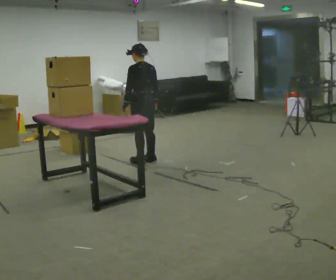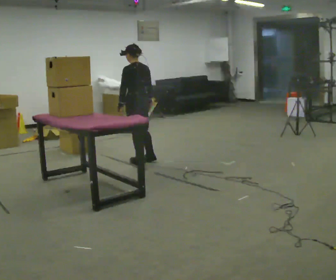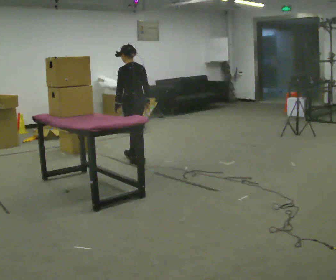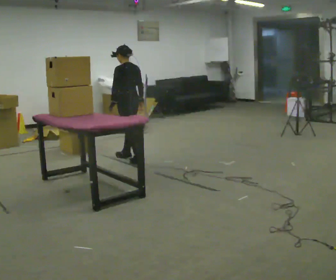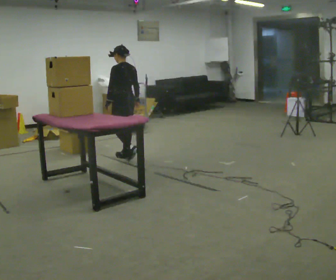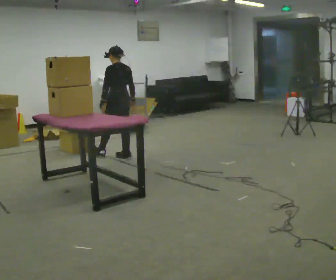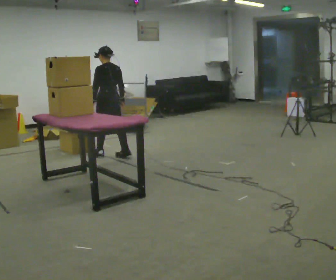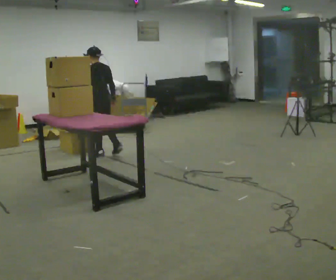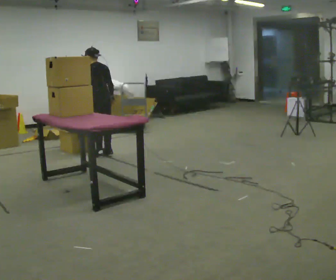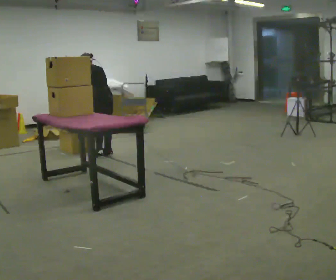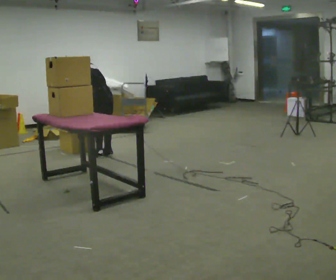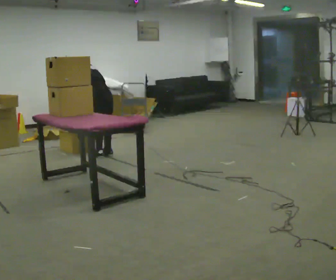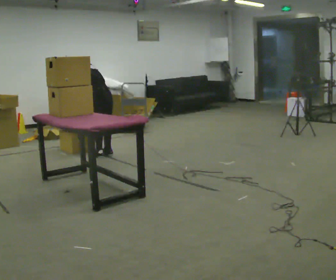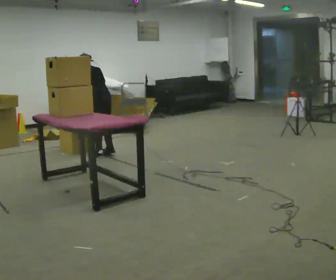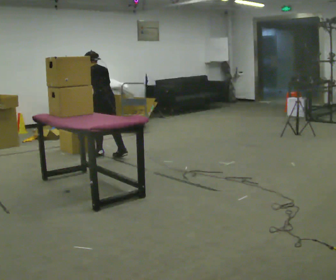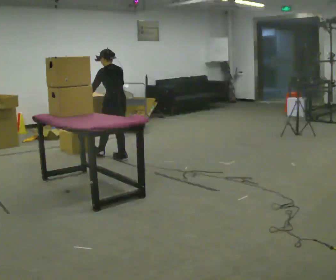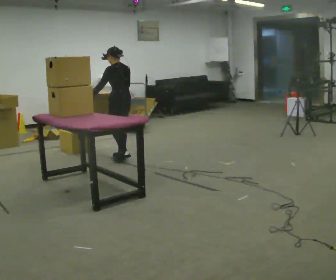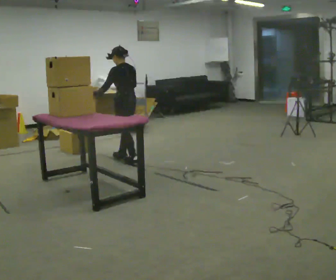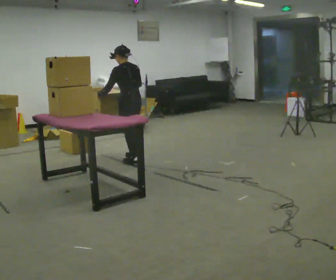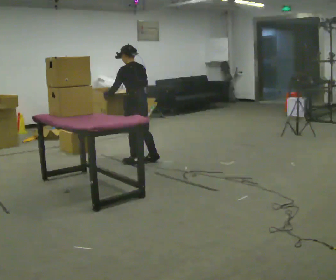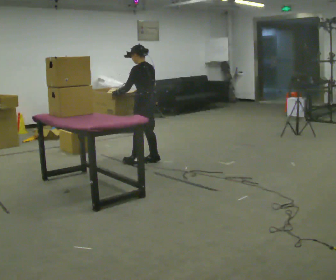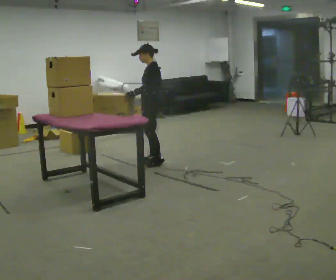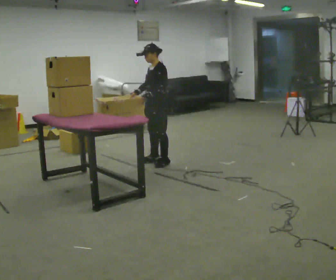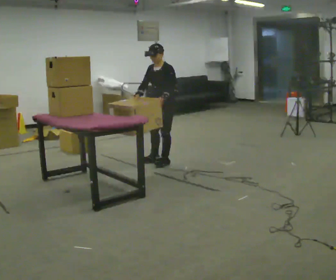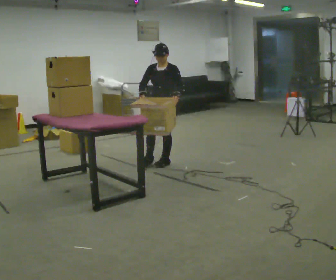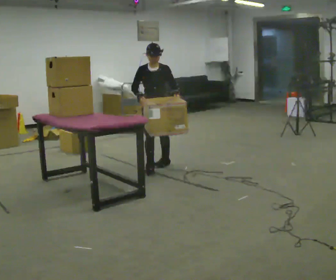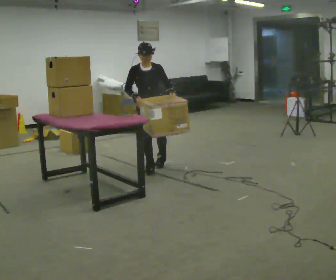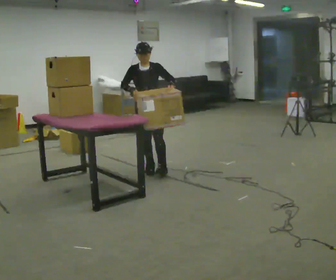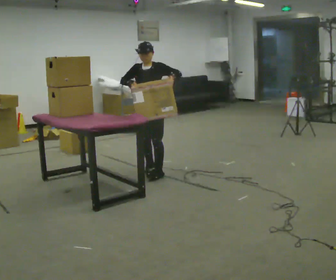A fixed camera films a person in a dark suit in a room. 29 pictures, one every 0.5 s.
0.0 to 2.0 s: In the picture they go away from the camera and to the left, about 0.25 m in 1 step, which for them is forward.
2.0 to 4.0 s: In the picture they go to the left and away from the camera, about 0.25 m in 2 steps, which for them is forward and to their left.
4.0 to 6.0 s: The upper body tips away from the camera, its near side rolling upward, as they bend forward.
6.0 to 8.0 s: In the picture they go to the right and toward the camera, about 0.25 m in 1 step, which for them is backward. In the picture the upper body tilts clockwise, shoulders to the right, as they lean back or straighten.
8.0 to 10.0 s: In the picture they go to the right and toward the camera, about 0.5 m in 2 steps, which for them is backward.
10.0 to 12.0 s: The part of the body nearest the lens slides to the right as the person turns to their left by about 105 degrees. In the picture they go to the right, about 0.25 m in 1 step. In the picture their left hand goes to the right.
12.0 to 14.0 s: In the picture they go toward the camera and to the left, about 0.5 m in 2 steps, which for them is forward and to their right.
The film runs forward here.
